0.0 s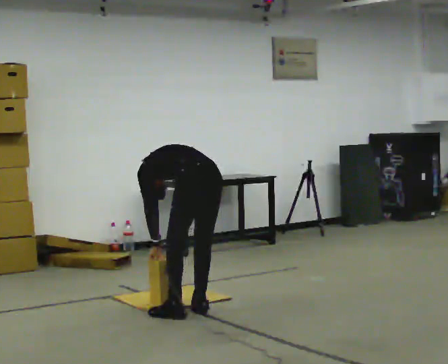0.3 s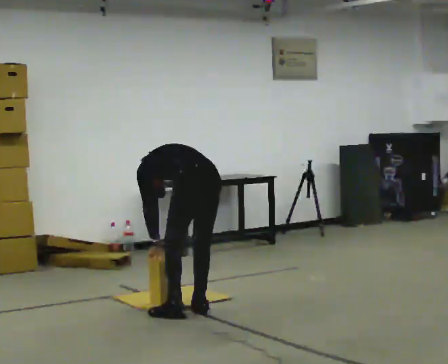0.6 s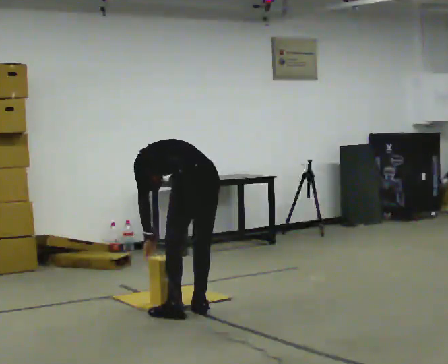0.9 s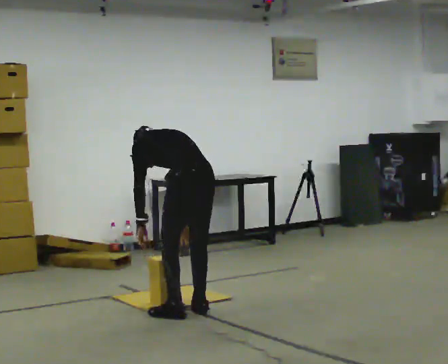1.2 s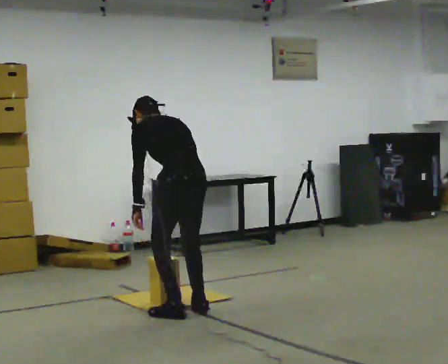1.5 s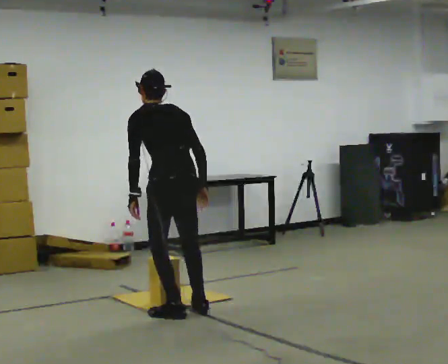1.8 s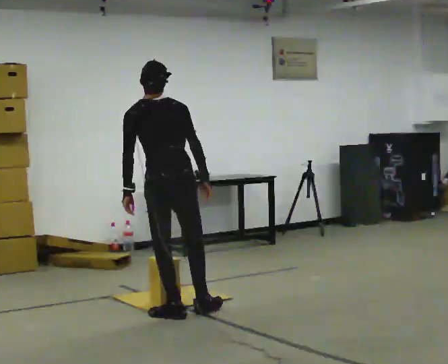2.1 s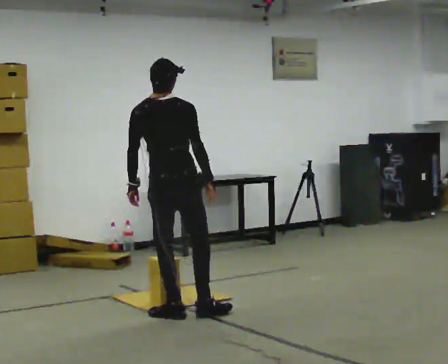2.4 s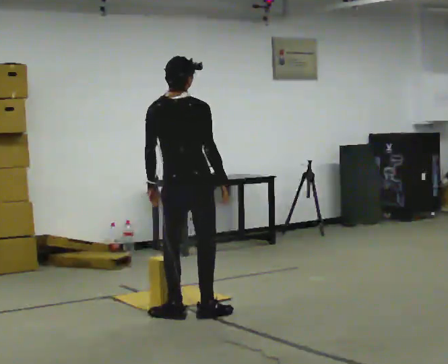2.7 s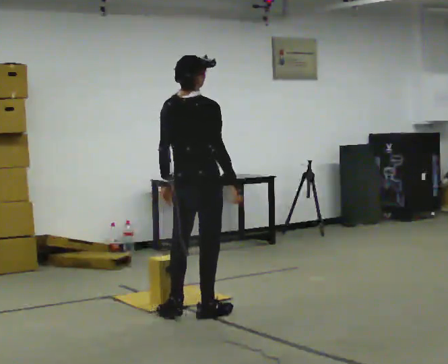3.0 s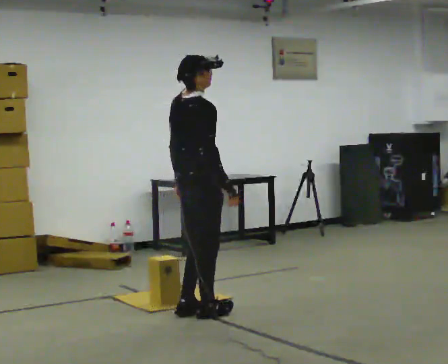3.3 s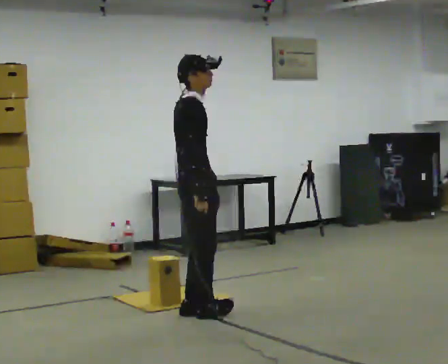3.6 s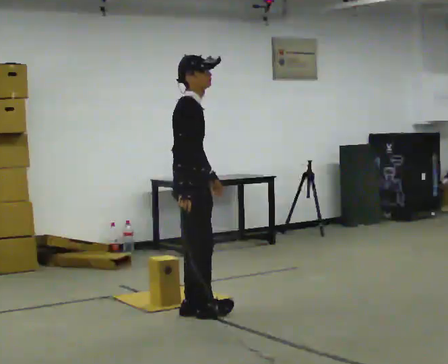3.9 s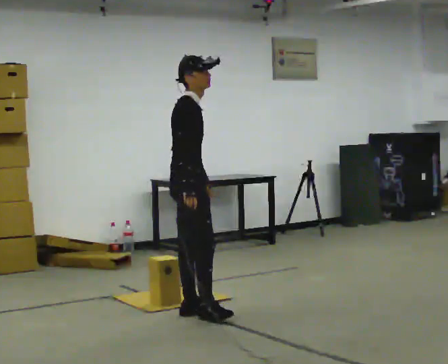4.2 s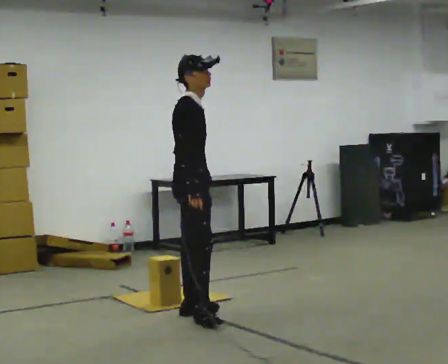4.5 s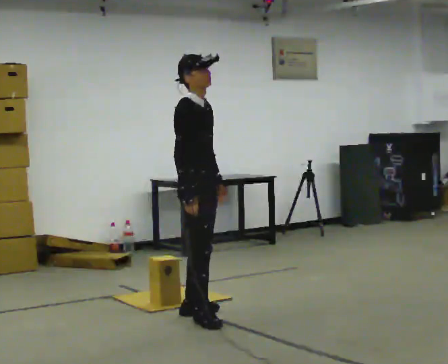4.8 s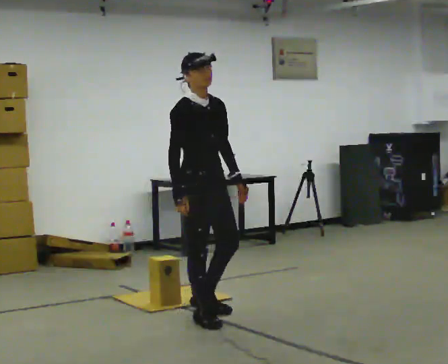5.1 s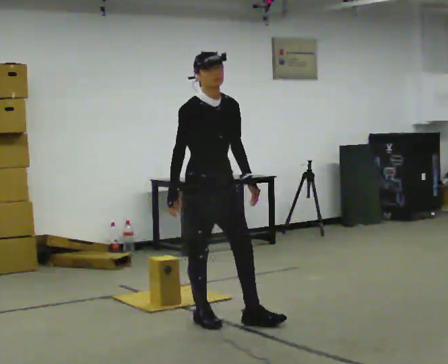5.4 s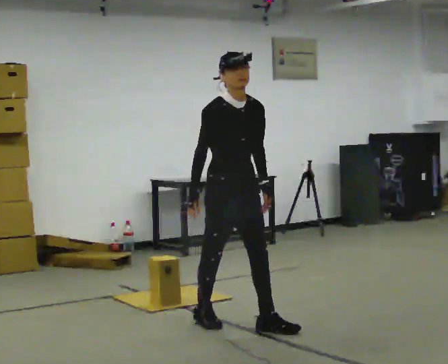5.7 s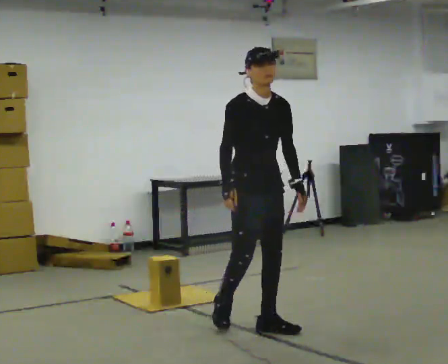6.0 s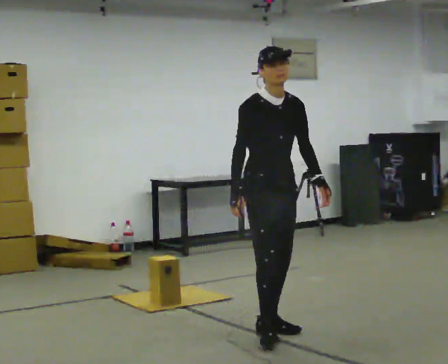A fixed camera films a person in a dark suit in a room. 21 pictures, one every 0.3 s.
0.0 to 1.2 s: The upper body goes upward. The upper body tips toward the camera, its near side rolling downward, as they lean back or straighten. In the picture their right hand goes upward.
1.2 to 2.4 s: The person turns about 60 degrees to their right, clockwise seen from above, so the part of the body nearest the lens slides to the left. The upper body tips toward the camera, its near side rolling downward, as they lean back or straighten.
2.4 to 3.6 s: Seen from above the body turns clockwise, about 75 degrees: to their right, with its near side sliding to the left.
3.6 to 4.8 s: The person turns about 45 degrees to their right, clockwise seen from above, so the part of the body nearest the lens slides to the left. In the picture they go toward the camera, about 0.25 m, which for them is to their right and forward.
4.8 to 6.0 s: In the picture they go to the right and toward the camera, about 0.5 m in 1 step, which for them is forward and to their left.
The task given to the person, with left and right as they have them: Carry the boxes over one at a time and lay them out on the pallet in the pattern the operator shows you. Keep going until the operator says stop; one object at a time, and do not rush between trips.
The film runs forward here.
